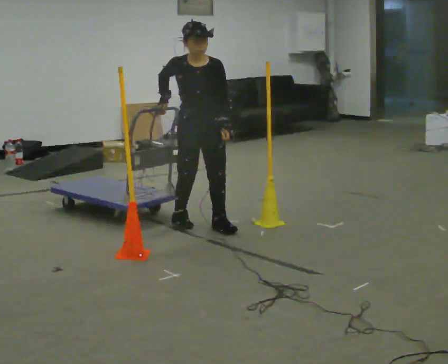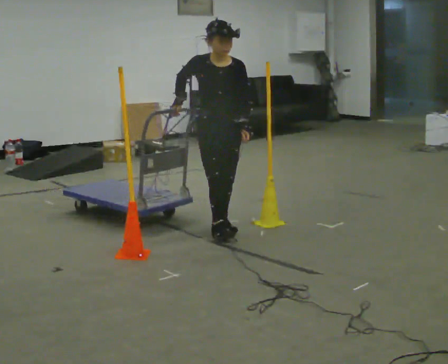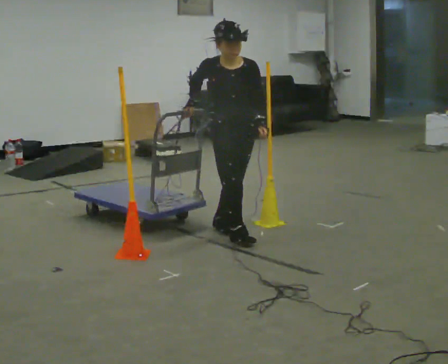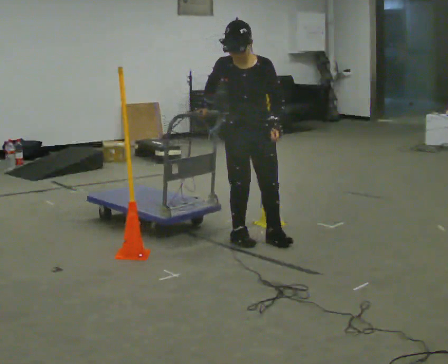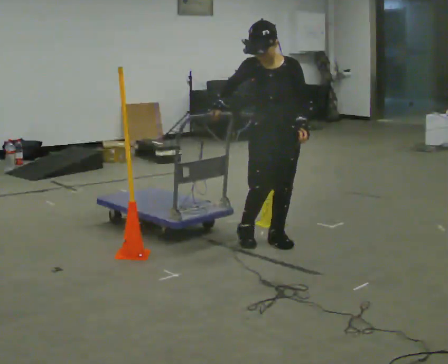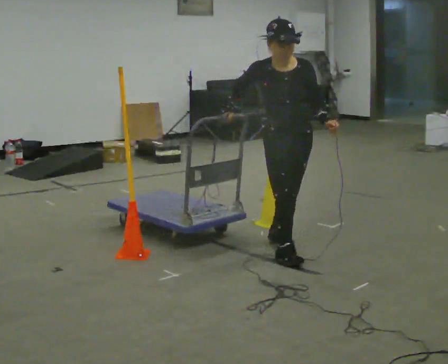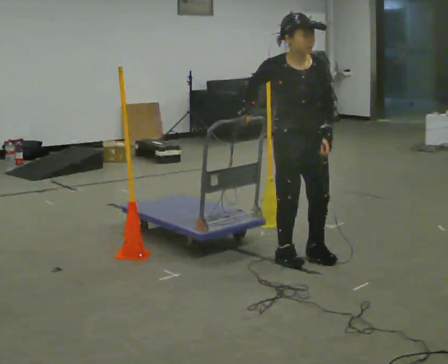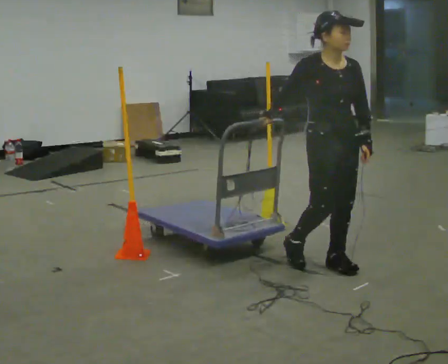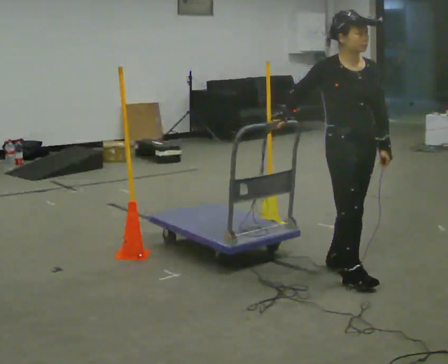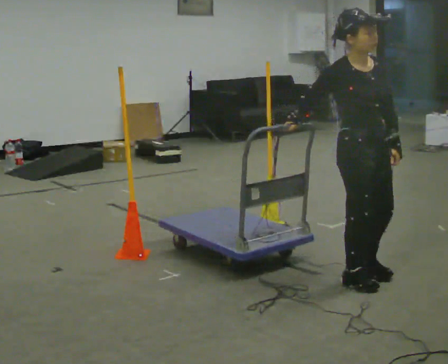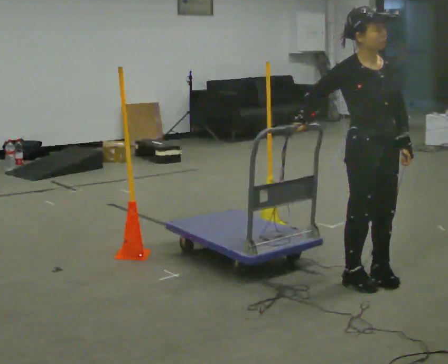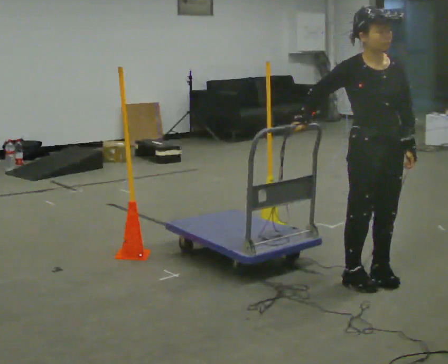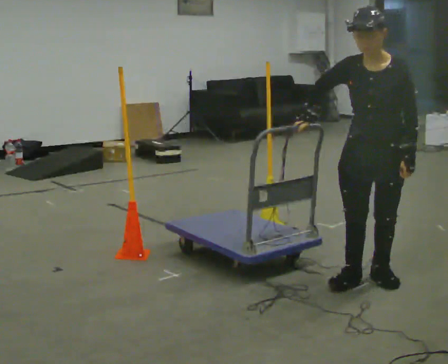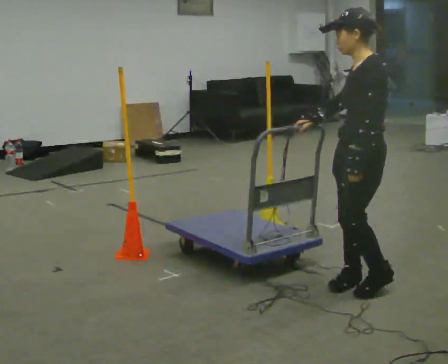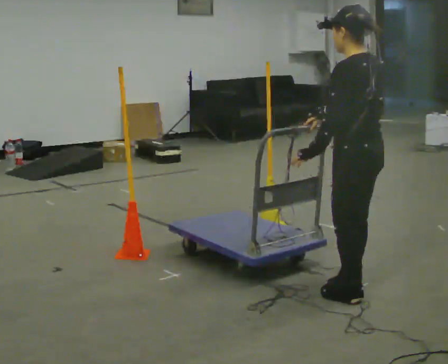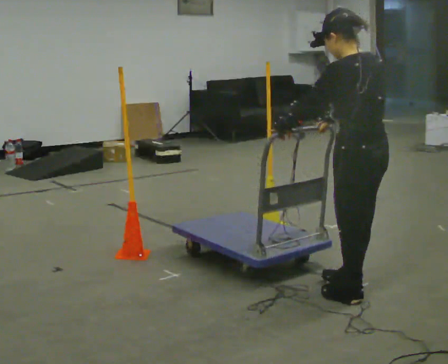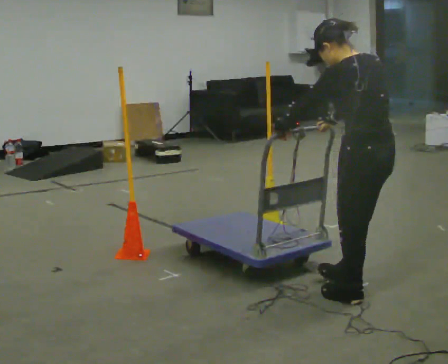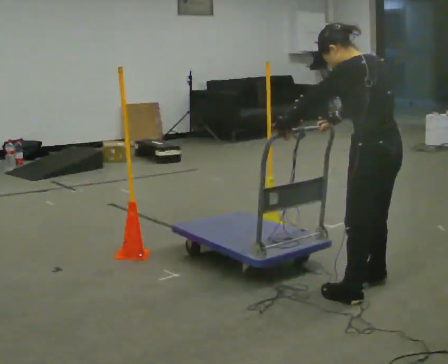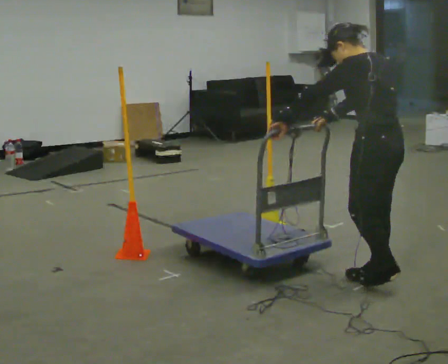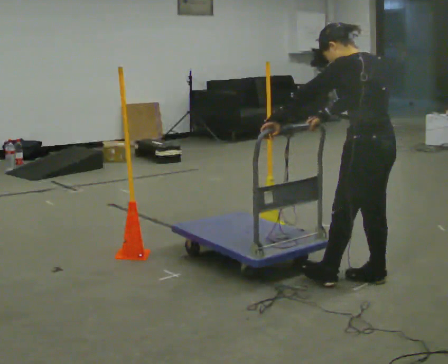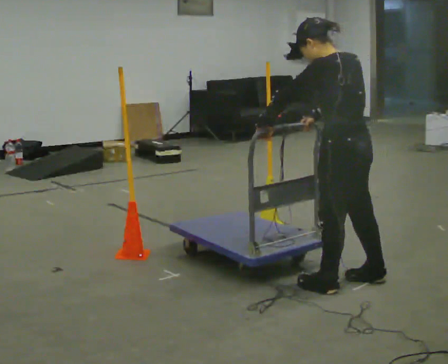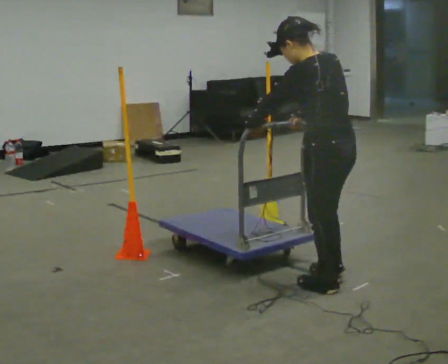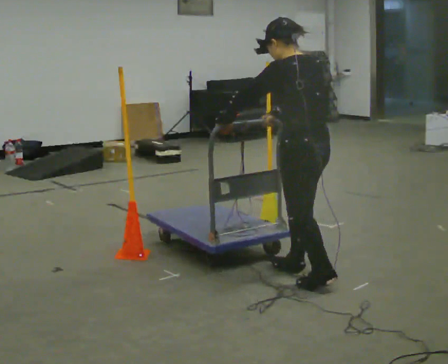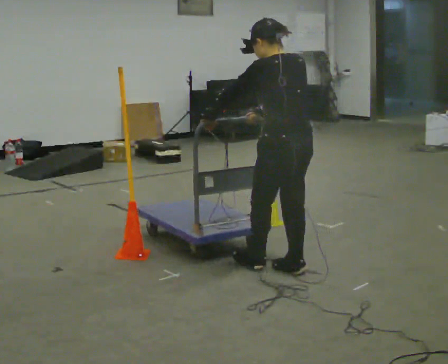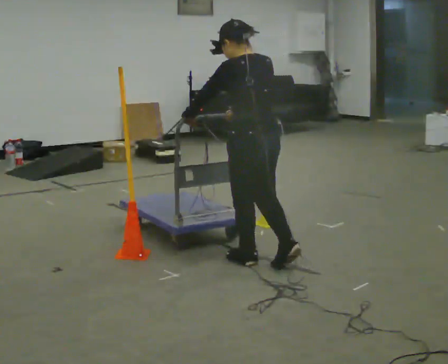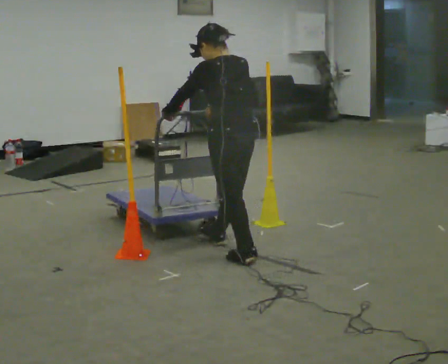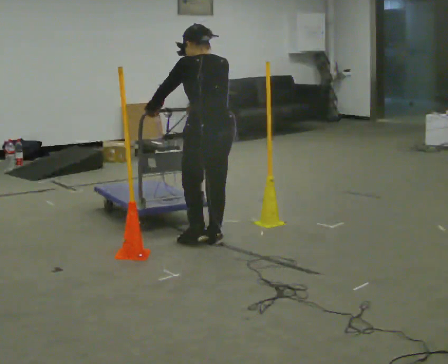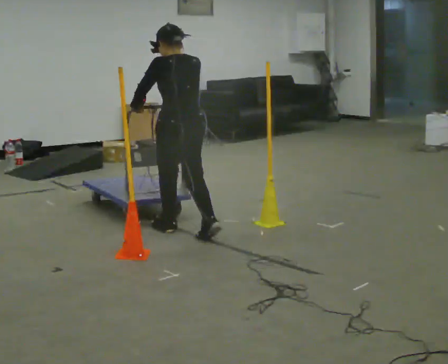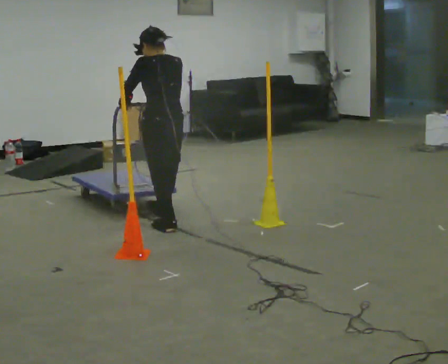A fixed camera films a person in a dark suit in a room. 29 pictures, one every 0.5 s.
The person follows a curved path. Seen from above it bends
clockwise.
0.0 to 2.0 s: In the picture they go to the right and toward the camera, about 0.75 m in 2 steps, which for them is forward and to their left.
2.0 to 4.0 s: The person turns about 30 degrees to their left, counterclockwise seen from above, so the part of the body nearest the lens slides to the right. In the picture they go to the right and toward the camera, about 0.5 m in 3 steps, which for them is forward.
4.0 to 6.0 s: The part of the body nearest the lens slides to the left as the person turns to their right by about 60 degrees. In the picture they go to the right, about 0.25 m in 1 step.
6.0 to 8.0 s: Seen from above the body turns clockwise, about 105 degrees: to their right, with its near side sliding to the left. In the picture they go toward the camera, about 0.25 m in 1 step.
8.0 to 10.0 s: In the picture they go away from the camera, about 0.25 m in 2 steps, which for them is forward.
10.0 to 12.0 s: In the picture they go to the left and away from the camera, about 0.75 m in 2 steps, which for them is forward.
12.0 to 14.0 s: In the picture they go to the left and away from the camera, about 1 m in 2 steps, which for them is forward.
The film runs forward here.
